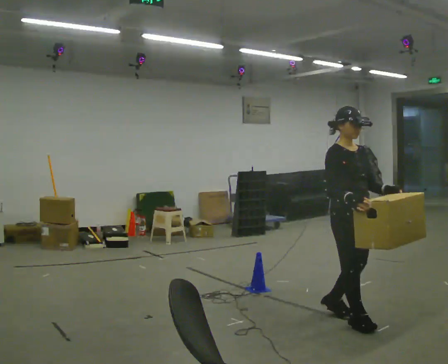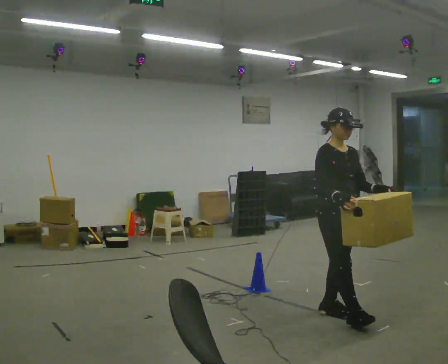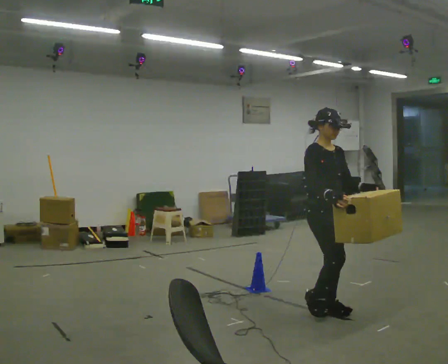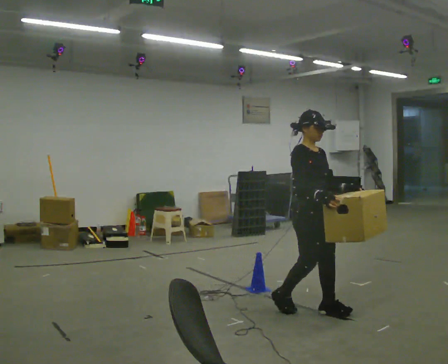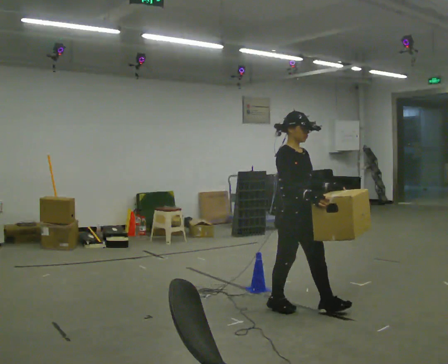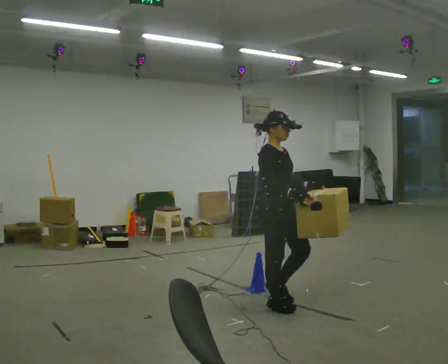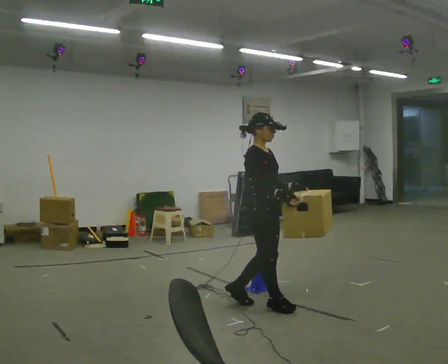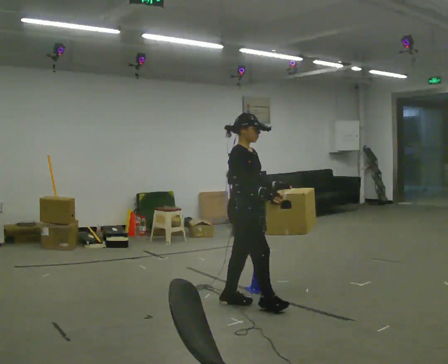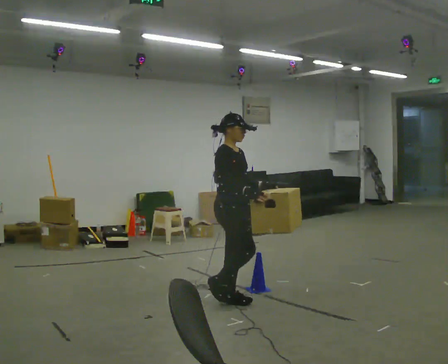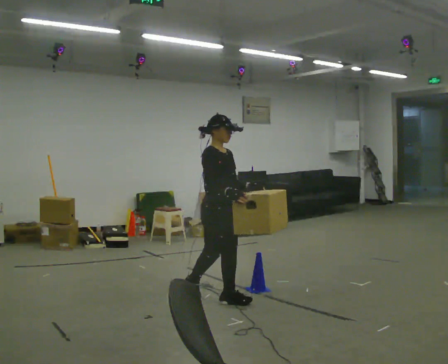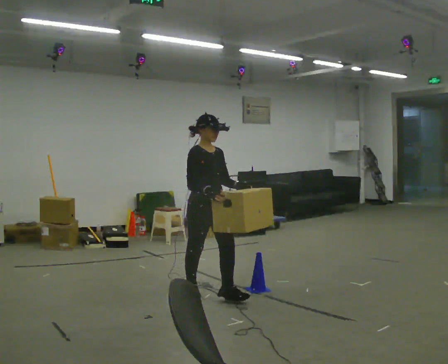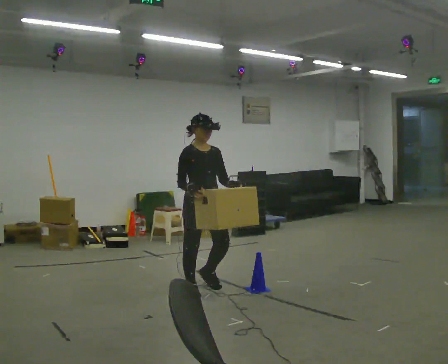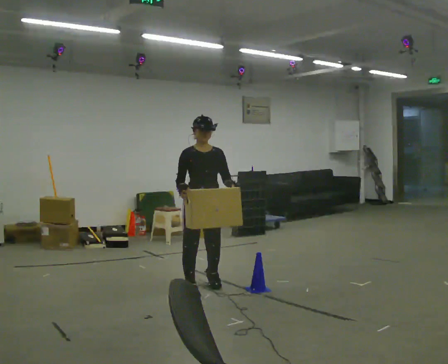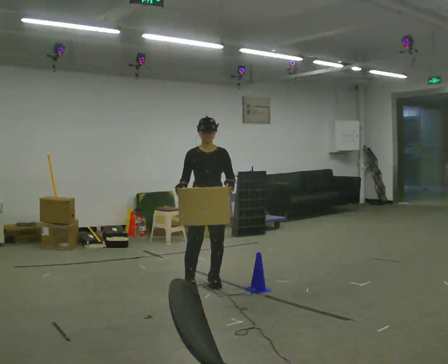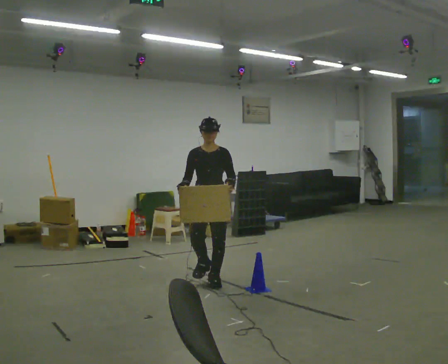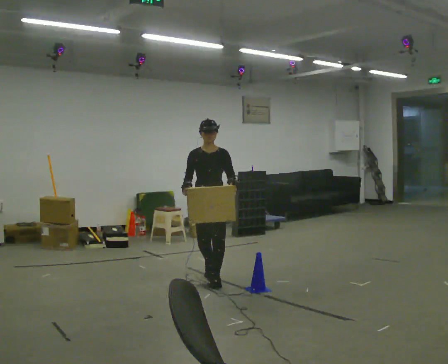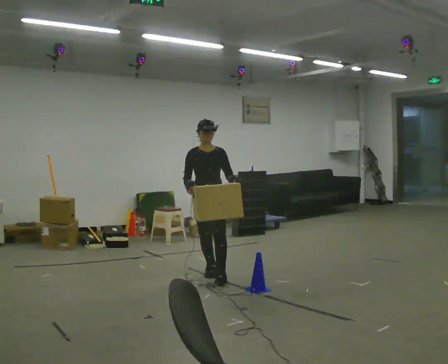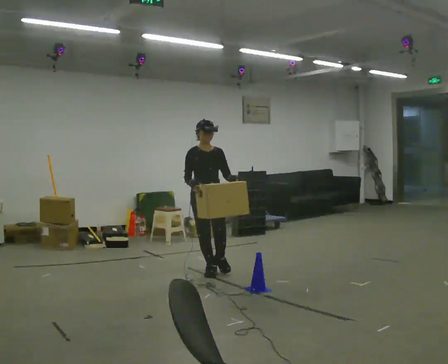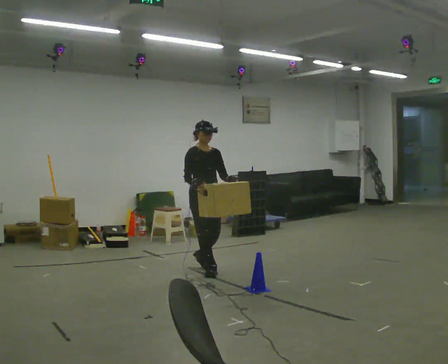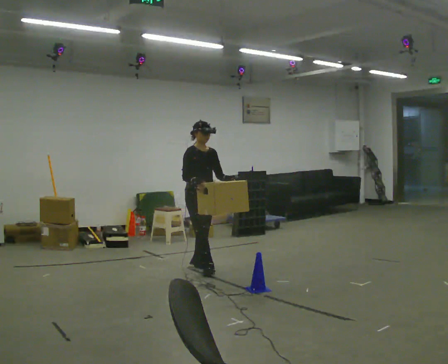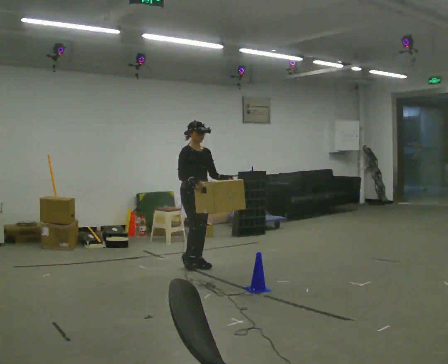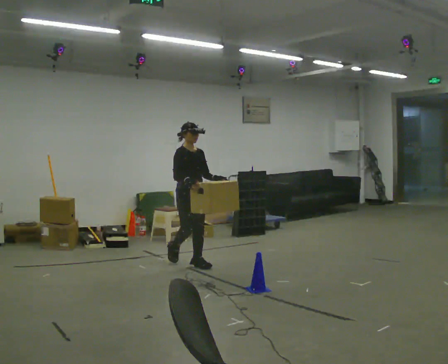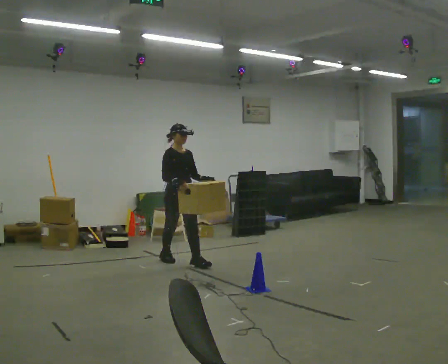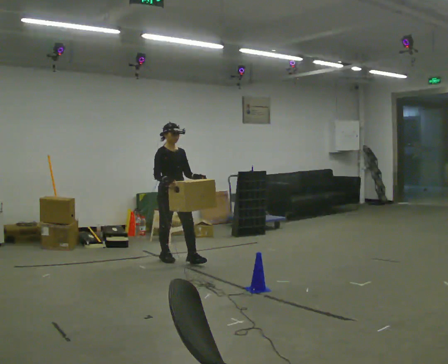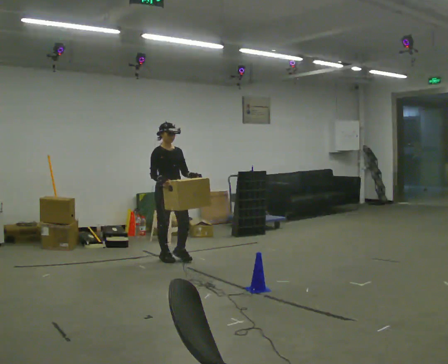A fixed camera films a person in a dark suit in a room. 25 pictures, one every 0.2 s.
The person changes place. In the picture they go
away from the camera.
0.0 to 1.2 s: The part of the body nearest the lens slides to the right as the person turns to their left by about 30 degrees. In the picture they go to the left and away from the camera, about 0.5 m in 2 steps, which for them is backward.
1.2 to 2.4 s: The part of the body nearest the lens slides to the left as the person turns to their right by about 45 degrees. In the picture they go away from the camera and to the left, about 0.5 m in 2 steps, which for them is backward.
2.4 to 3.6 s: In the picture they go away from the camera, about 0.5 m in 2 steps, which for them is backward.
3.6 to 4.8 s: In the picture they go away from the camera and to the left, about 0.75 m in 2 steps, which for them is backward.
The film runs backward here.
